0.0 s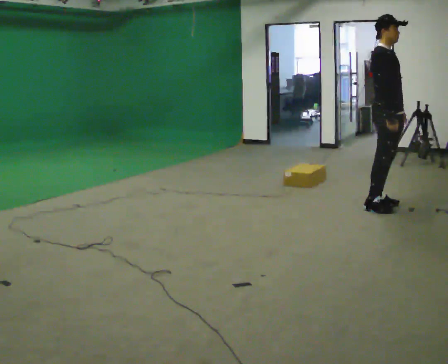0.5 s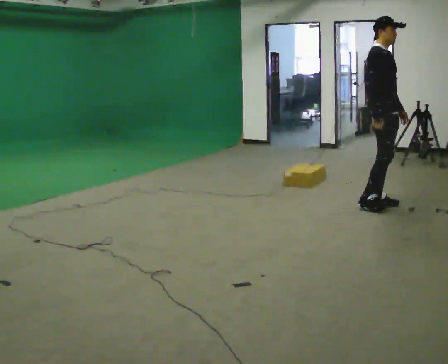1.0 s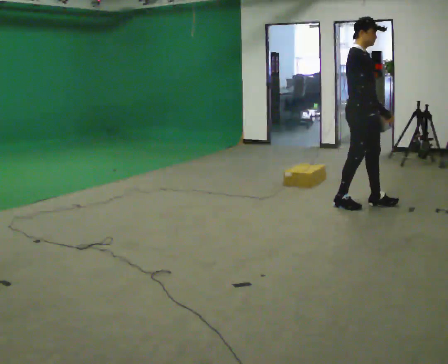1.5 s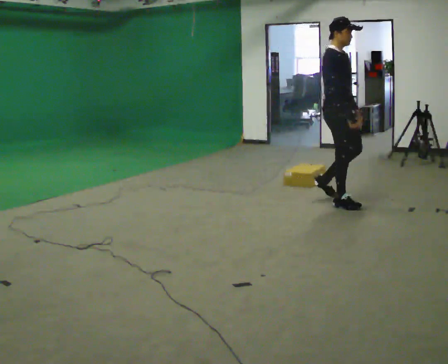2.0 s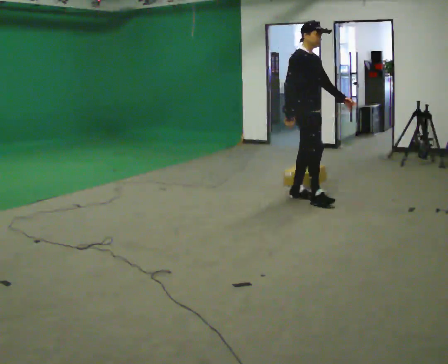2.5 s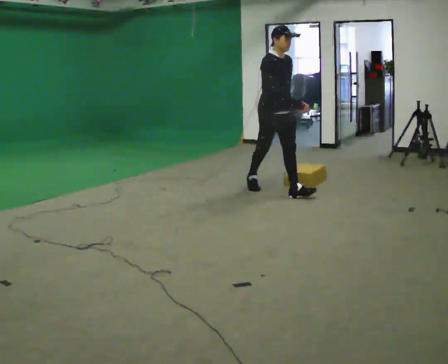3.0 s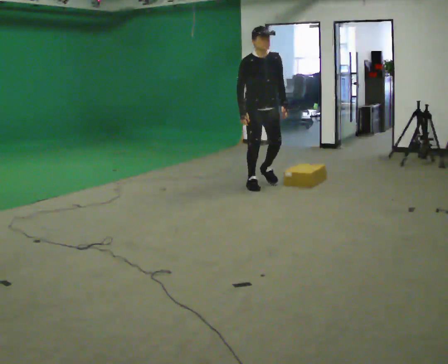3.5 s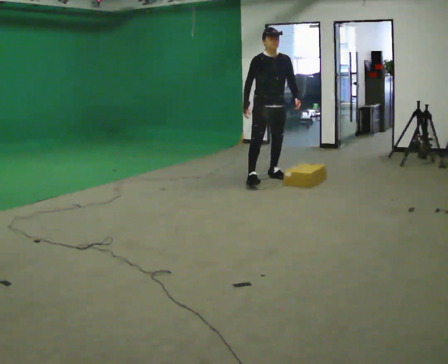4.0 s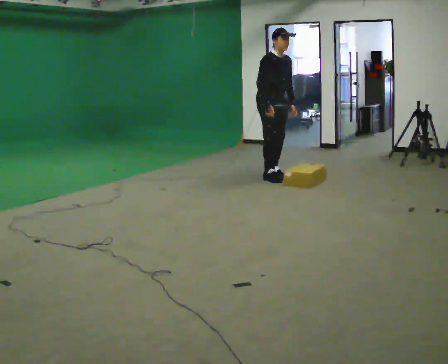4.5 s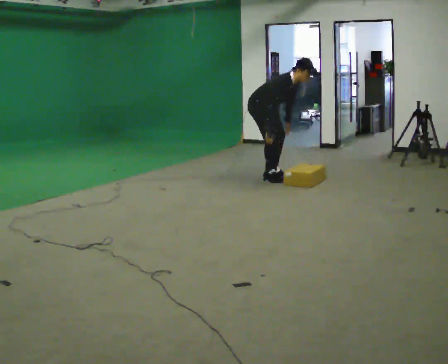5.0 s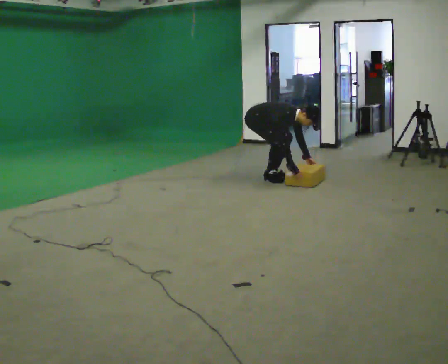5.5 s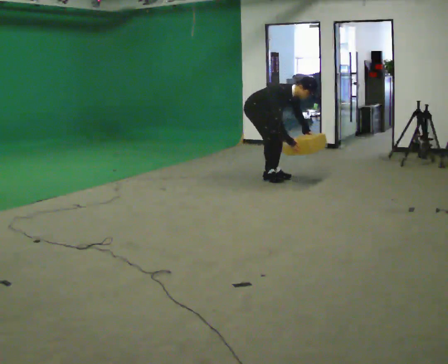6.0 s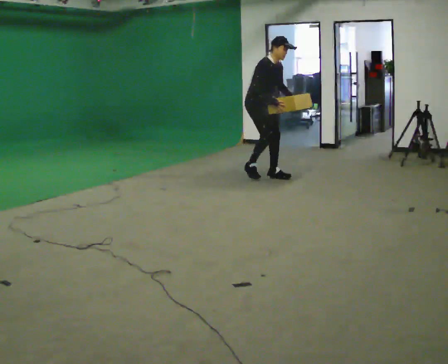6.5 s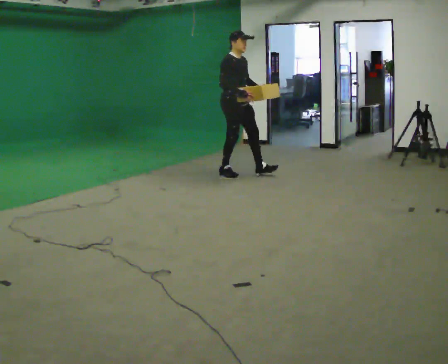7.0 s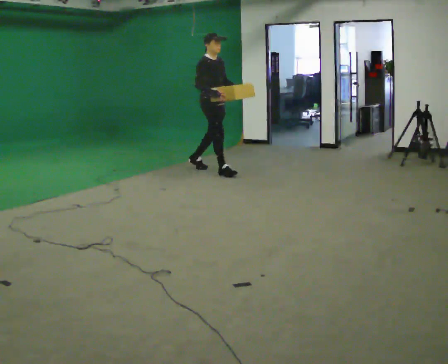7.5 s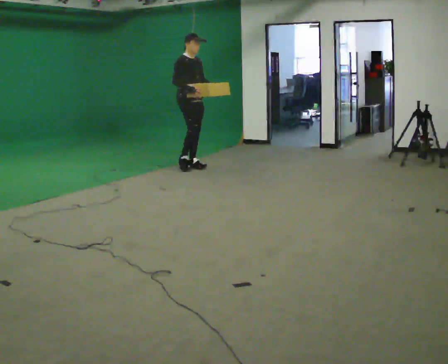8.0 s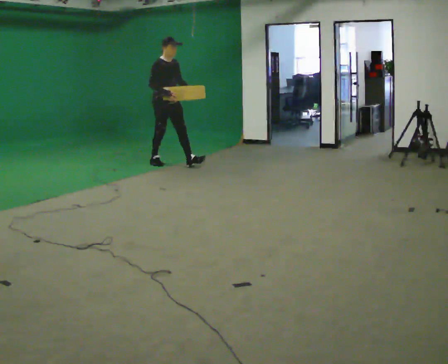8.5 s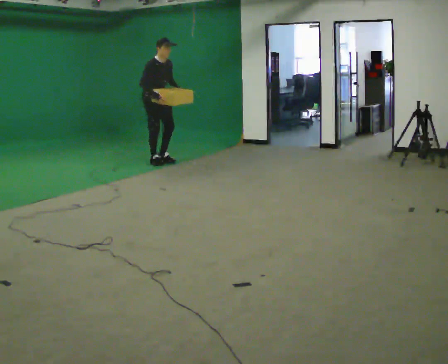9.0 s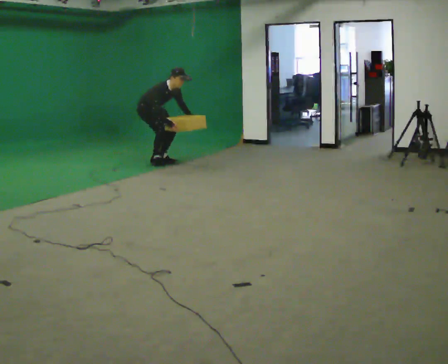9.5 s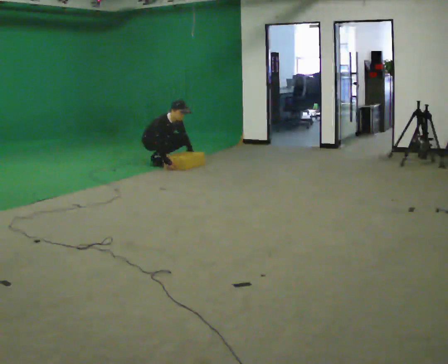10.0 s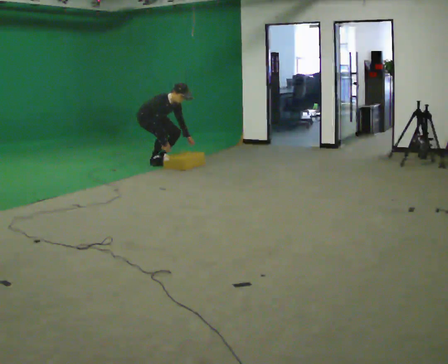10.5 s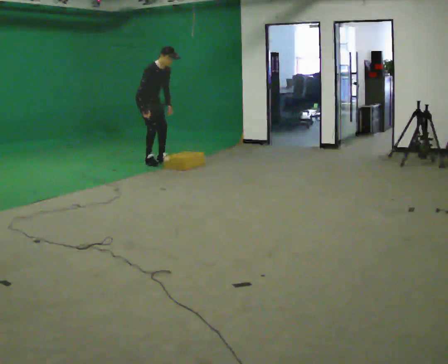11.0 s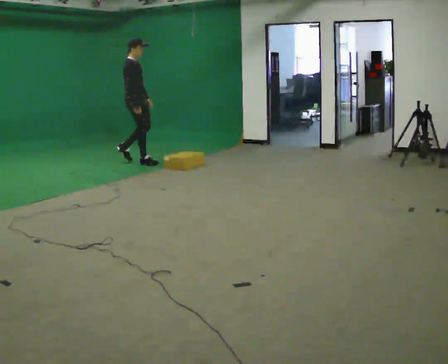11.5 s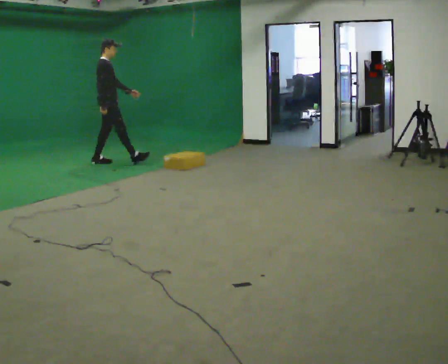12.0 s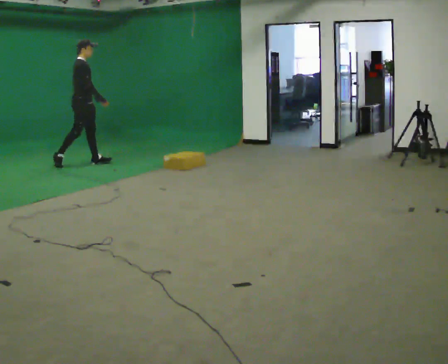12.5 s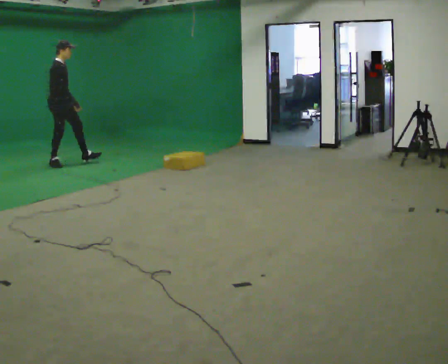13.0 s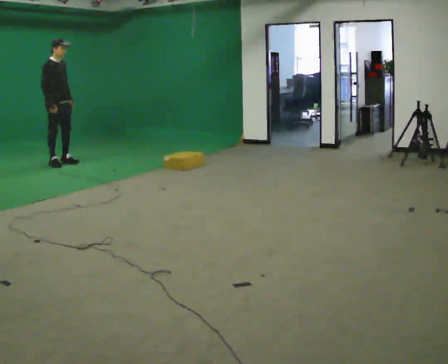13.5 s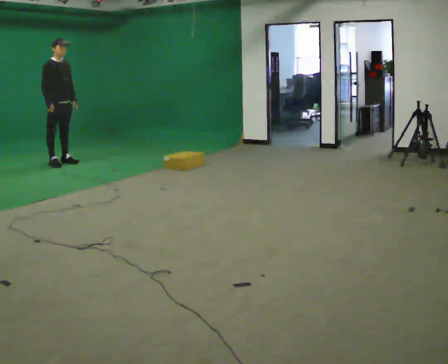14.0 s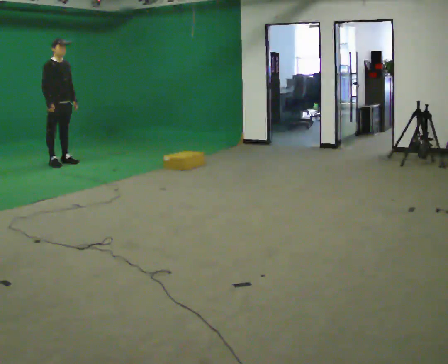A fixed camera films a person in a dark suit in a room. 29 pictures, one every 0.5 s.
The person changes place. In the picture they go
to the left.
0.0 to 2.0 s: In the picture they go to the left and away from the camera, about 1 m in 3 steps, which for them is backward.
2.0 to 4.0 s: In the picture they go away from the camera, about 1 m in 2 steps, which for them is backward.
4.0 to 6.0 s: The person moves a little, or ends about where they began.
6.0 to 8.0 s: In the picture they go to the left and away from the camera, about 1.5 m in 3 steps, which for them is backward. In the picture the upper body tilts counterclockwise, shoulders to the left.
8.0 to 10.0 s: In the picture they go to the left and away from the camera, about 0.25 m, which for them is backward. In the picture the upper body tilts clockwise, shoulders to the right, as they bend forward. In the picture their right hand goes downward.
10.0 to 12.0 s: Seen from above the body turns counterclockwise, about 45 degrees: to their left, with its near side sliding to the right. In the picture they go to the left, about 1 m in 2 steps, which for them is backward. The upper body goes upward. In the picture the upper body tilts counterclockwise, shoulders to the left, as they lean back or straighten. In the picture their right hand goes upward.
12.0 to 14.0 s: The part of the body nearest the lens slides to the left as the person turns to their right by about 30 degrees. In the picture they go to the left, about 0.25 m in 1 step, which for them is backward and to their right.
The film runs backward here.
